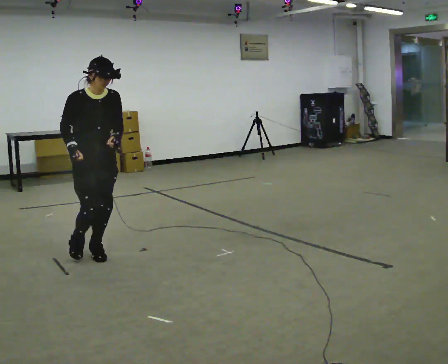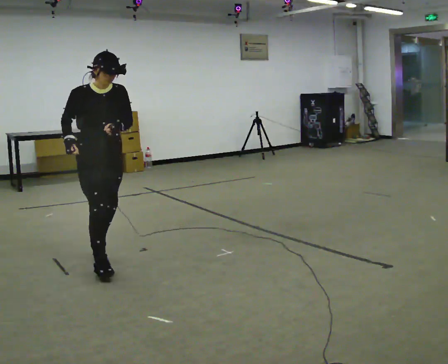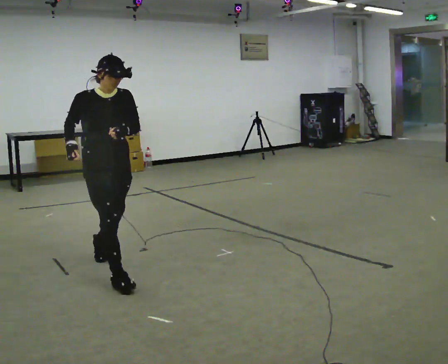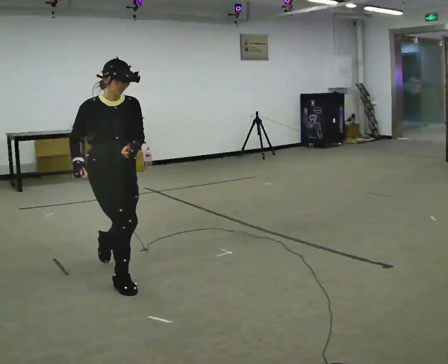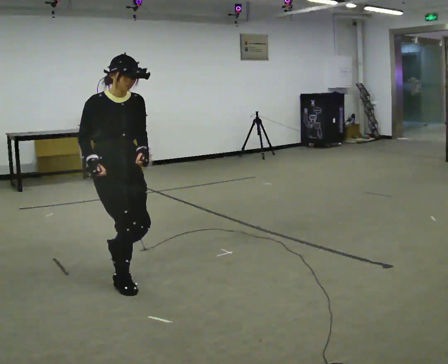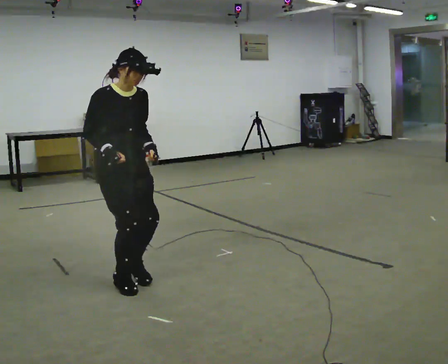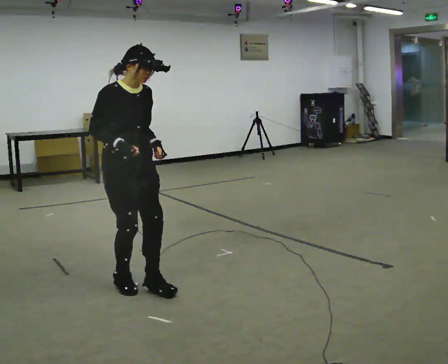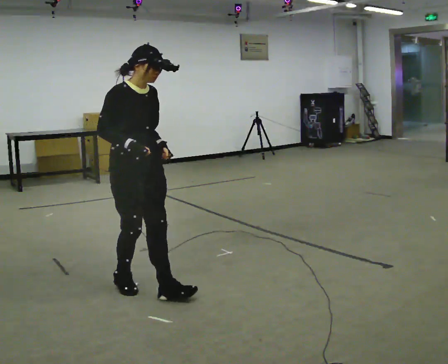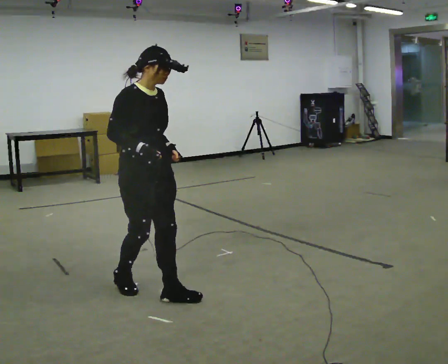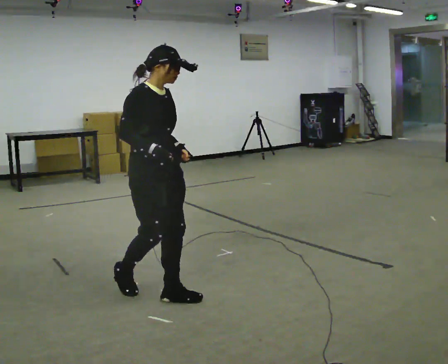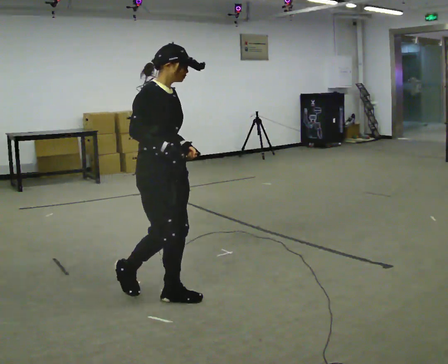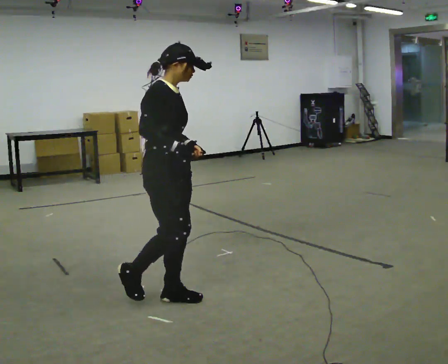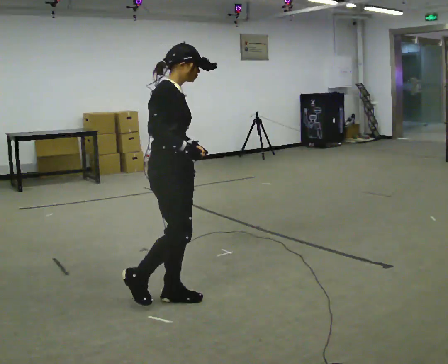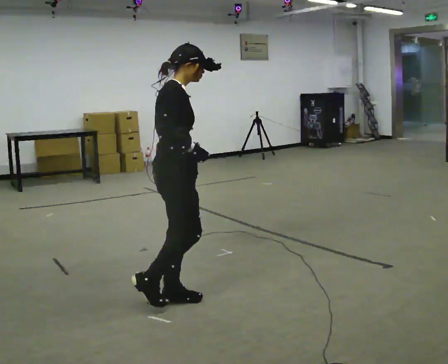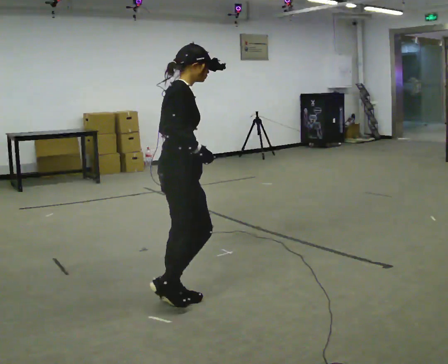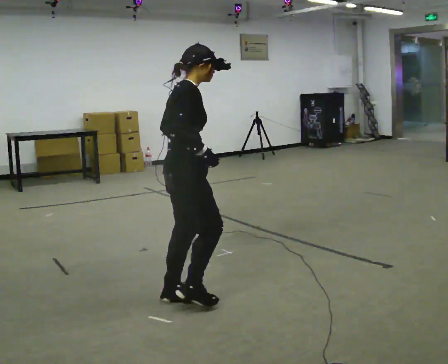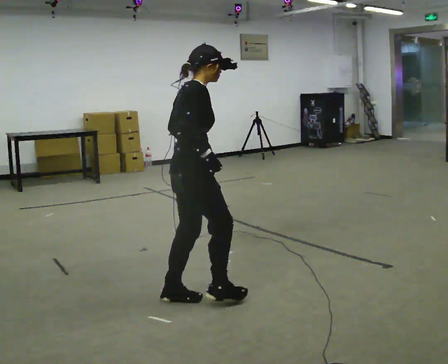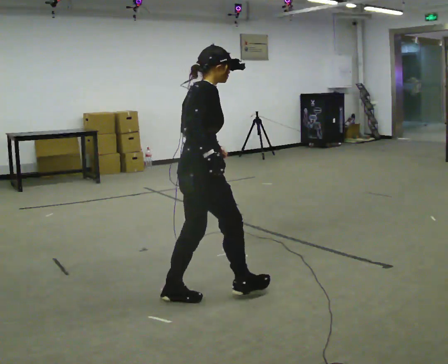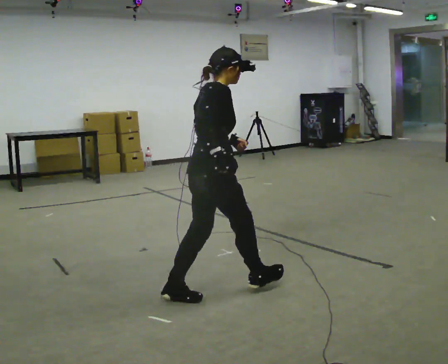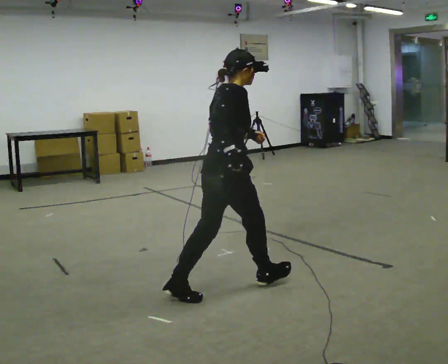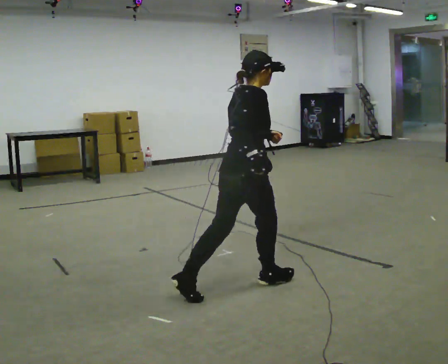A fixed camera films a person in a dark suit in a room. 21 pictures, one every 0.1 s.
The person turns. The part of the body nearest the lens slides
to the right.
The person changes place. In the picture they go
to the right.
0.0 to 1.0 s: Seen from above the body turns counterclockwise, about 45 degrees: to their left, with its near side sliding to the right. In the picture they go toward the camera and to the right, about 1 m in 2 steps, which for them is forward.
1.0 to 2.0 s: The part of the body nearest the lens slides to the right as the person turns to their left by about 45 degrees. In the picture they go to the right, about 0.5 m in 1 step, which for them is forward.
The film runs forward here.
